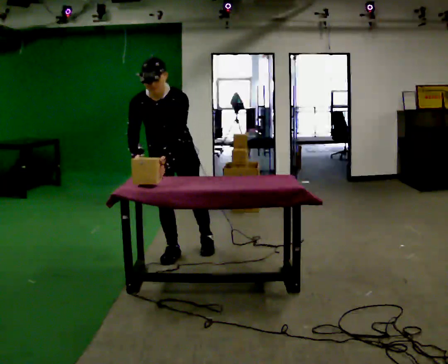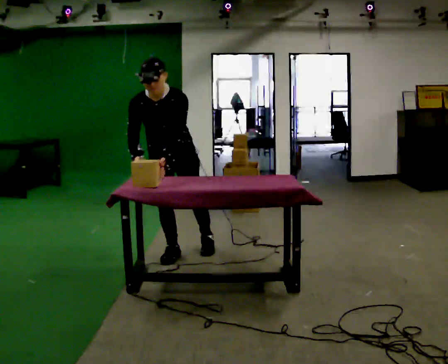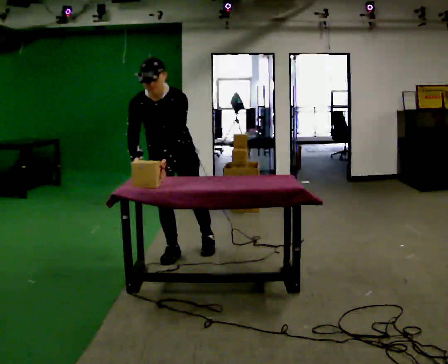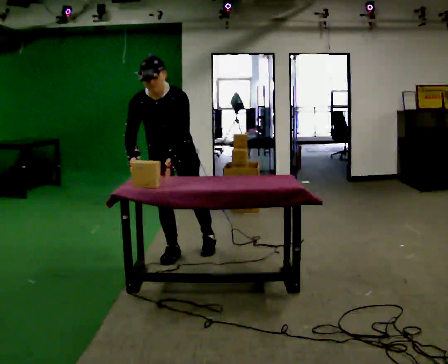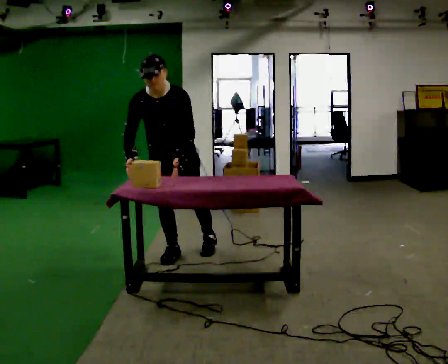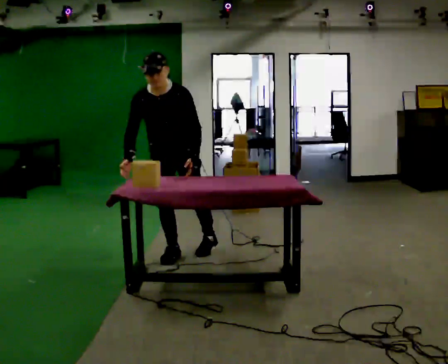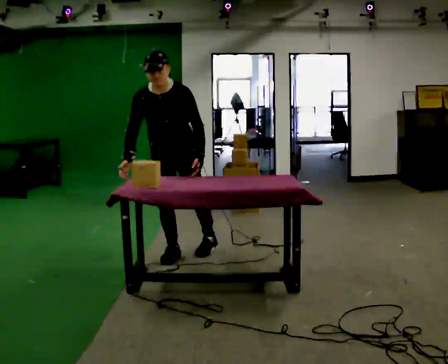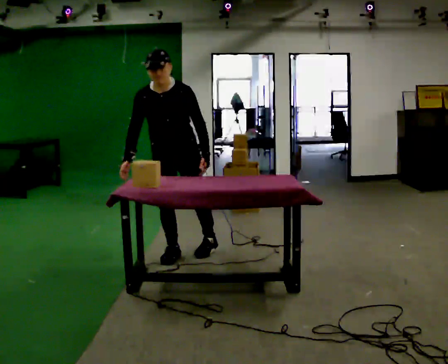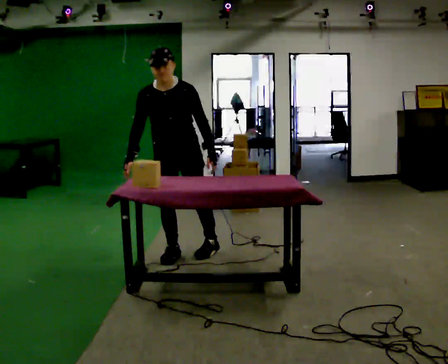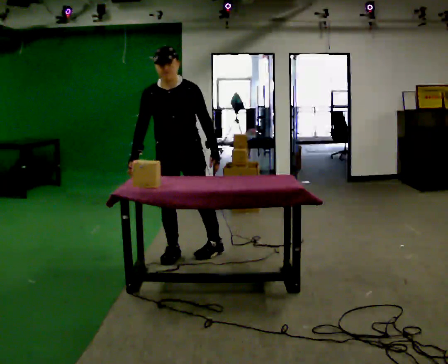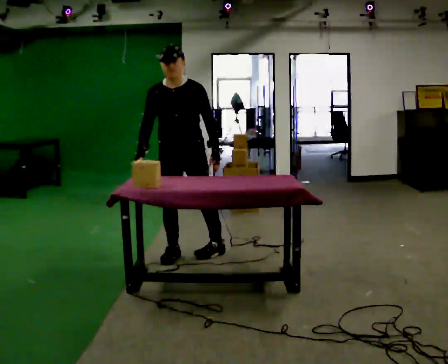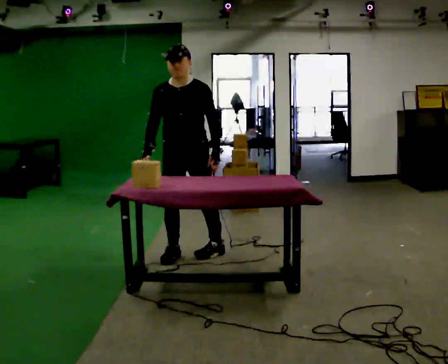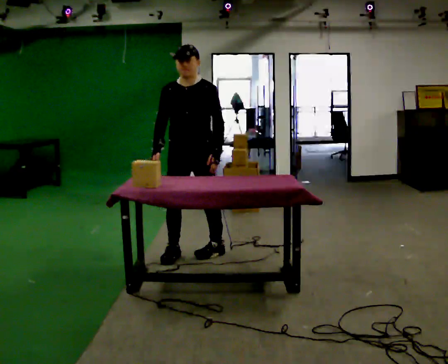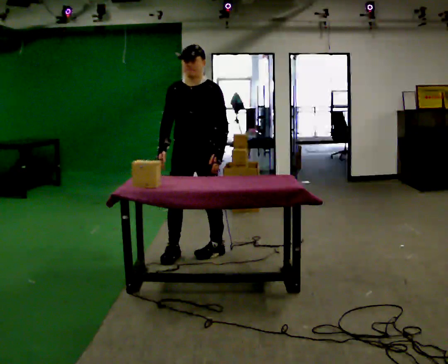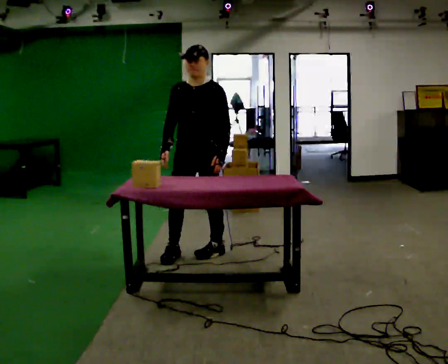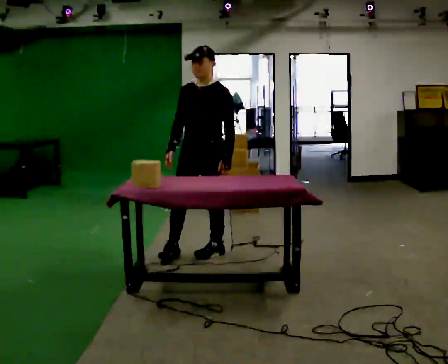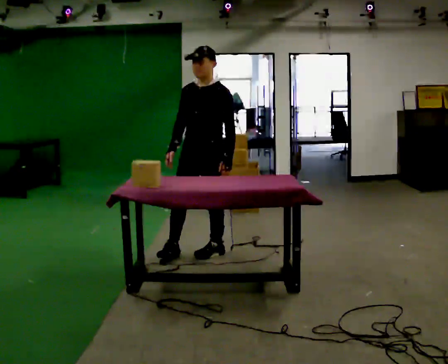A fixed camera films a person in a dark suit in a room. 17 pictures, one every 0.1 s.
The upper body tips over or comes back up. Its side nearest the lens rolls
upward.
0.0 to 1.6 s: Seen from above the body turns clockwise, about 45 degrees: to their right, with its near side sliding to the left. In the picture they go to the right, about 0.25 m in 1 step, which for them is to their left. The upper body tips away from the camera, its near side rolling upward, as they lean back or straighten.
The film runs forward here.
